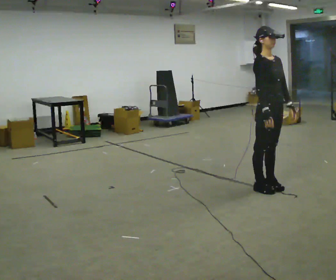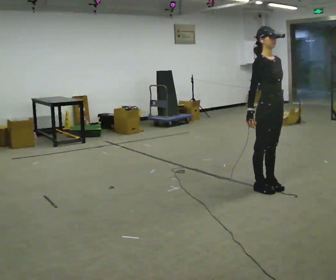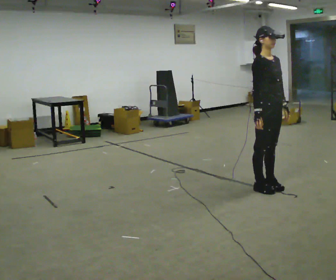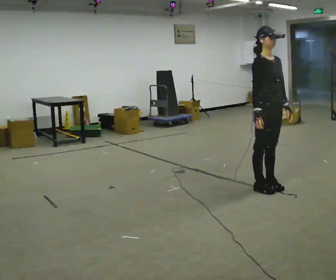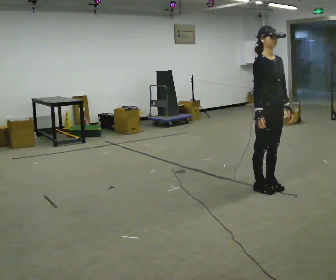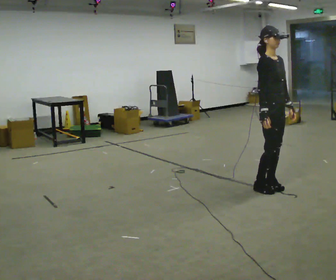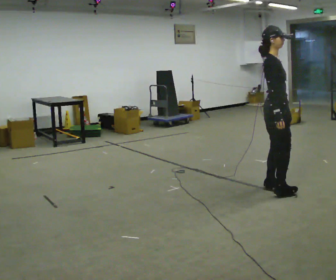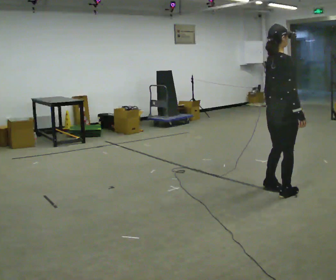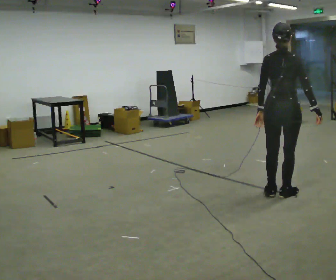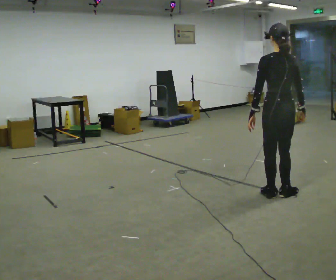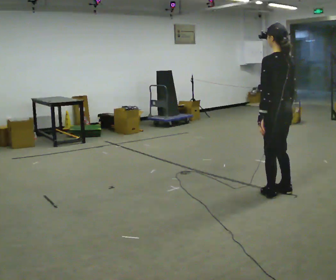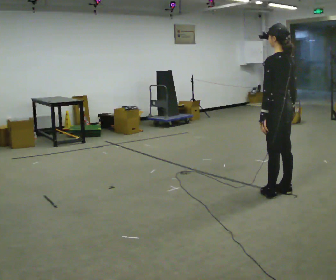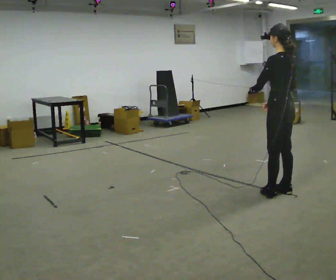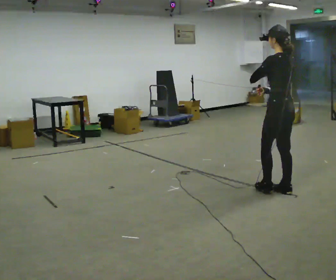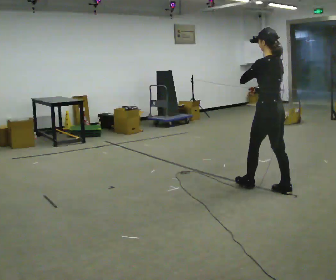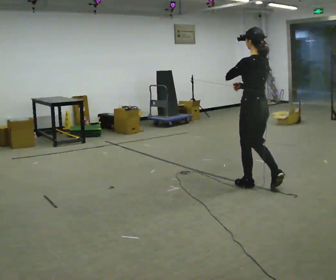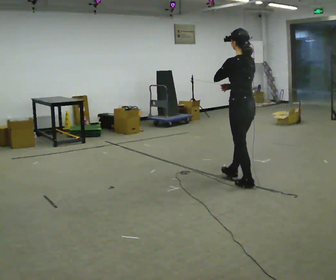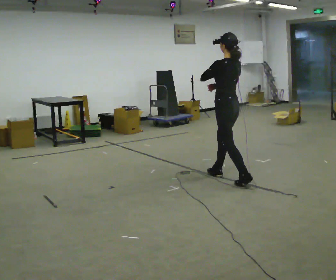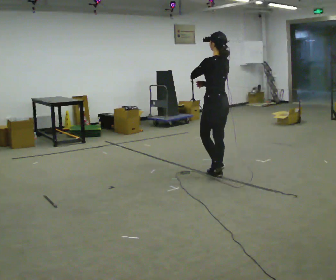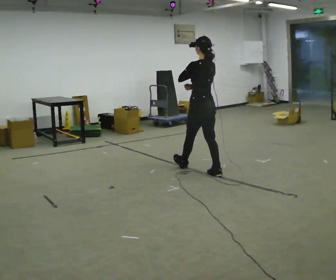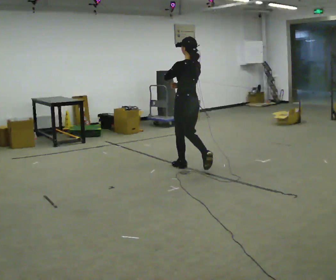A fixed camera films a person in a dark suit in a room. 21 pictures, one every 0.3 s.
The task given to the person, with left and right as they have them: Walk normally but hold both hands together in front of you at chest height; do not swing your arms; stop.
0.0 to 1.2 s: The person moves a little, or ends about where they began.
1.2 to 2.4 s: Seen from above the body turns counterclockwise, about 120 degrees: to their left, with its near side sliding to the right. In the picture they go toward the camera, about 0.25 m in 2 steps.
2.4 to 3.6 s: The part of the body nearest the lens slides to the right as the person turns to their left by about 75 degrees. In the picture their right hand goes to the left, the arm swinging clockwise.
3.6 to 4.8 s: In the picture they go to the left and away from the camera, about 0.5 m in 1 step, which for them is forward.
4.8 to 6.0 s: In the picture they go to the left and away from the camera, about 1 m in 2 steps, which for them is forward.
The film runs forward here.
